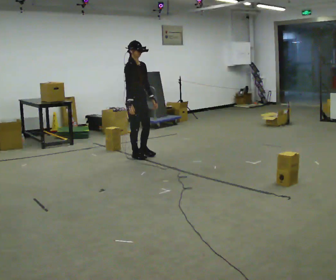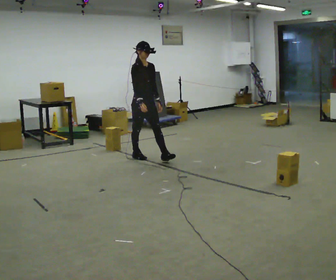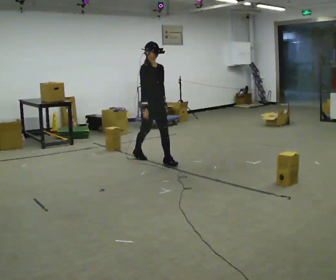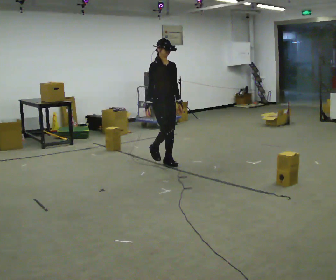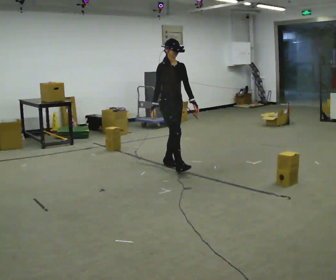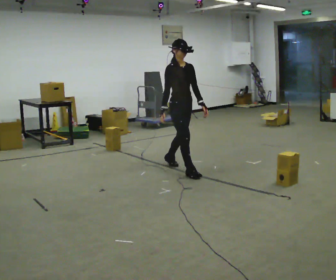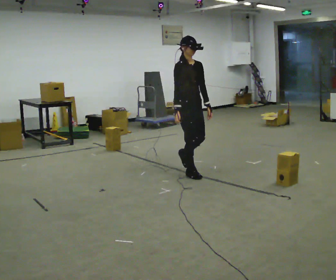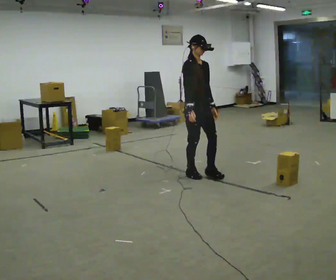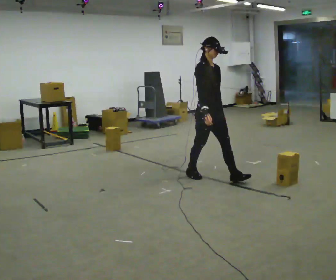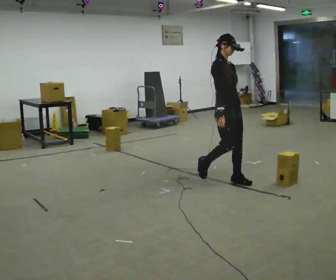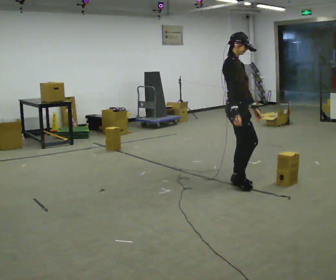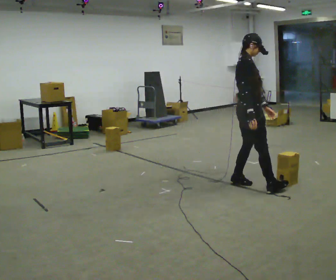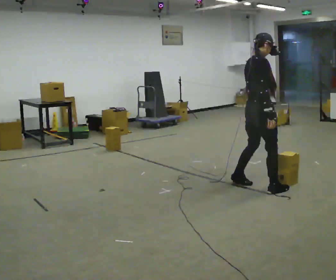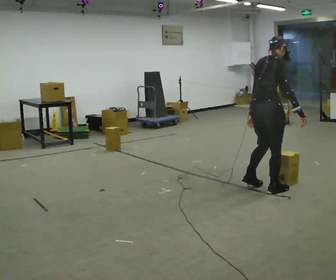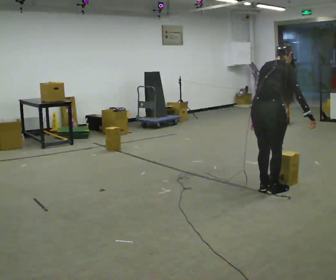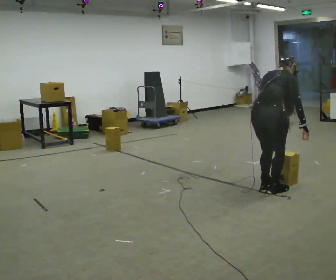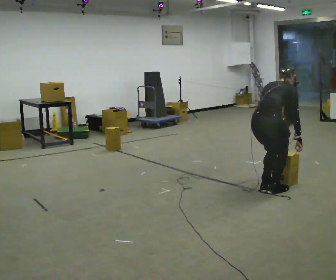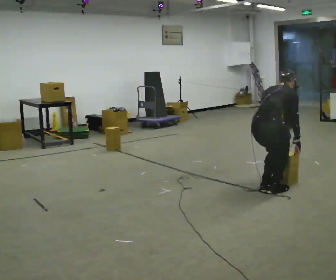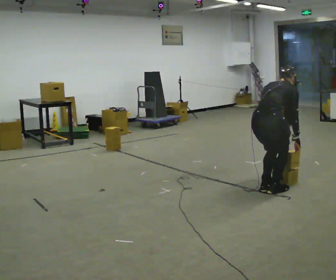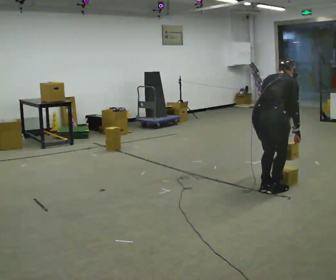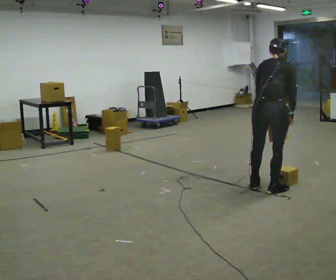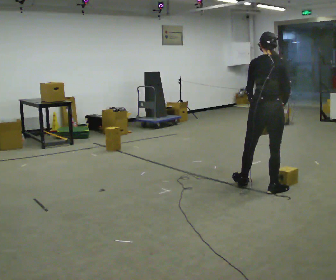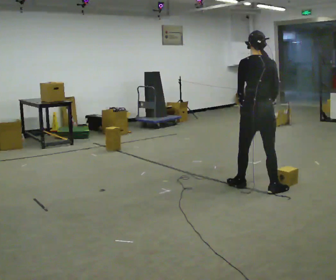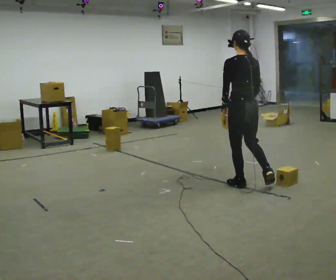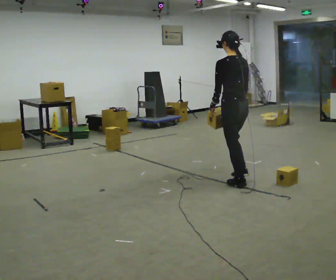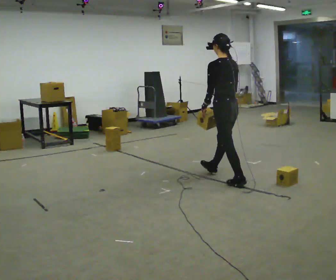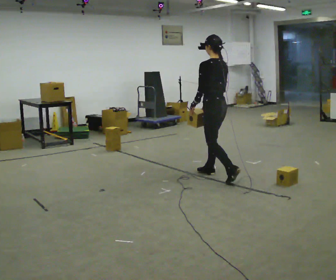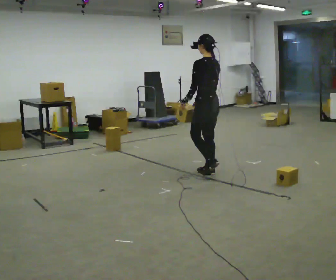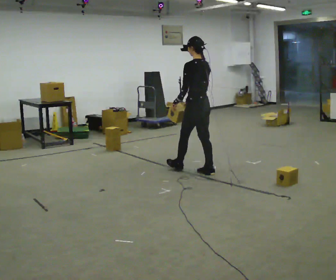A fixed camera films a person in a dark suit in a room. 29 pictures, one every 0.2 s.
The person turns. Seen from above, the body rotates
counterclockwise.
The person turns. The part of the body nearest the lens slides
to the right.
0.0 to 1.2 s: In the picture they go to the right and toward the camera, about 1 m in 2 steps, which for them is forward.
1.2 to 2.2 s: The person turns about 45 degrees to their left, counterclockwise seen from above, so the part of the body nearest the lens slides to the right. In the picture they go to the right and toward the camera, about 1 m in 1 step, which for them is forward.
2.2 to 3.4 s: Seen from above the body turns counterclockwise, about 45 degrees: to their left, with its near side sliding to the right. In the picture they go toward the camera and to the right, about 0.25 m in 2 steps, which for them is to their right and backward. The shoulders move downward. The upper body tips away from the camera, its near side rolling upward, as they bend forward.
3.4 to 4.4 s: The person turns about 45 degrees to their left, counterclockwise seen from above, so the part of the body nearest the lens slides to the right. In the picture they go away from the camera, about 0.25 m in 1 step, which for them is to their left and forward. The shoulders move upward. The upper body tips toward the camera, its near side rolling downward, as they lean back or straighten. In the picture their right hand goes upward and to the left.
4.4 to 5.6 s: The part of the body nearest the lens slides to the right as the person turns to their left by about 45 degrees. In the picture they go to the left and away from the camera, about 1 m in 1 step, which for them is forward.
The film runs forward here.
